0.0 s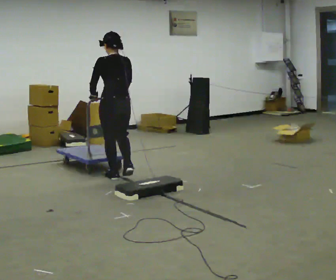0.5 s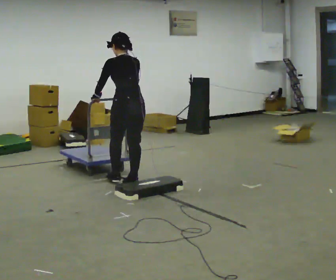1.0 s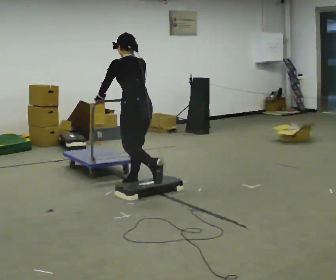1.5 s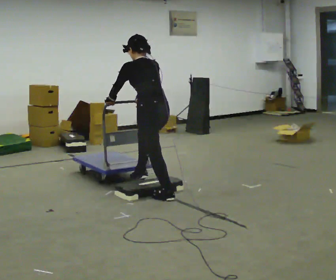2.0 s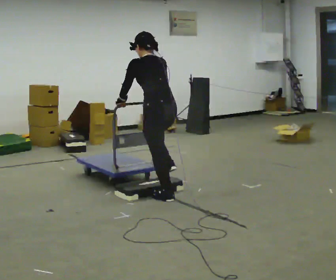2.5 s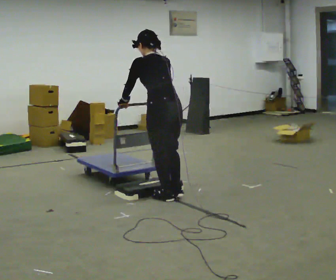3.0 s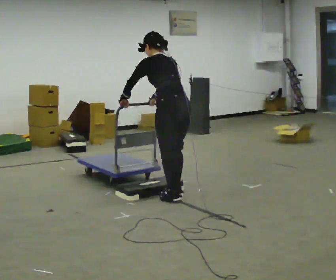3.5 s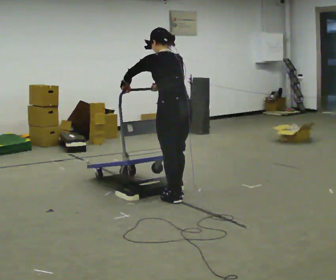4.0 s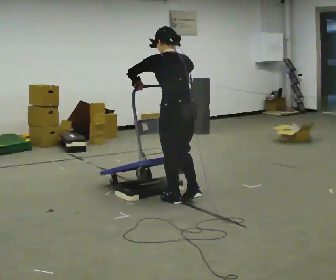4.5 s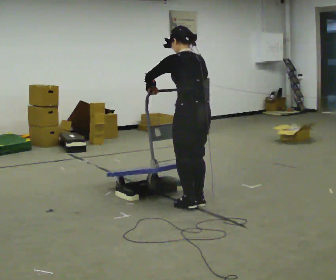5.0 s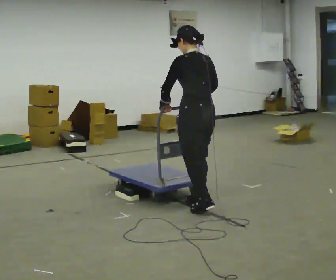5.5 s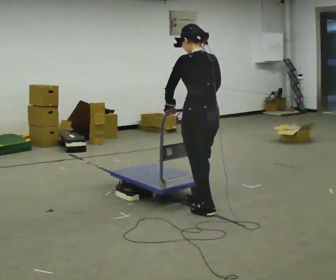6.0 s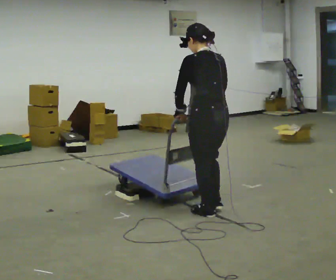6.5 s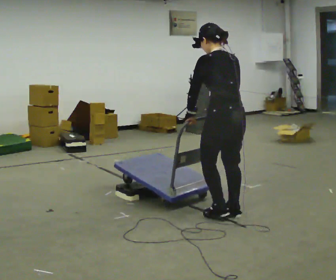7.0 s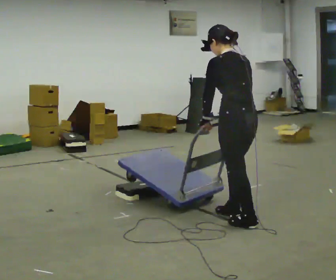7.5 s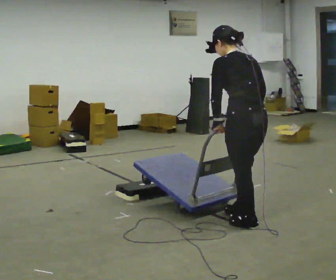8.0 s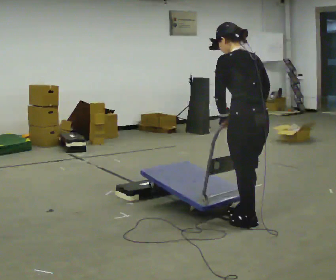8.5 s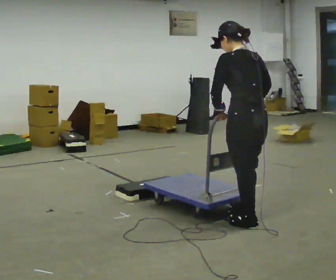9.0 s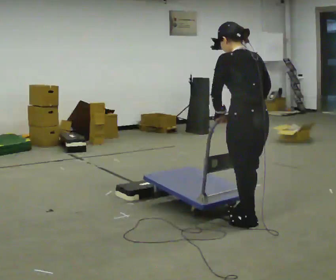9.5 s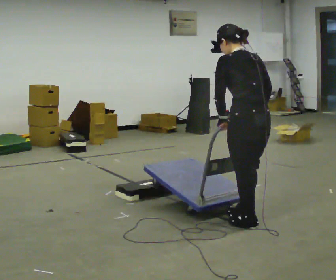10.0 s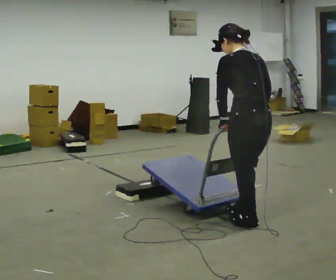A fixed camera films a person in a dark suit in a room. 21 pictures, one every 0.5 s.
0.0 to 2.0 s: In the picture they go toward the camera and to the right, about 1 m in 2 steps, which for them is backward. In the picture the upper body tilts counterclockwise, shoulders to the left, as they bend forward.
2.0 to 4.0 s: In the picture they go to the right and toward the camera, about 0.25 m in 1 step, which for them is backward.
4.0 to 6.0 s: In the picture they go toward the camera and to the right, about 0.5 m in 2 steps, which for them is backward.
6.0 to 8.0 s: In the picture they go to the right and toward the camera, about 0.5 m in 2 steps, which for them is backward.
8.0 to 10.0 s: The person moves a little, or ends about where they began.
The film runs backward here.
